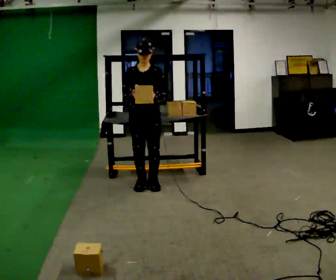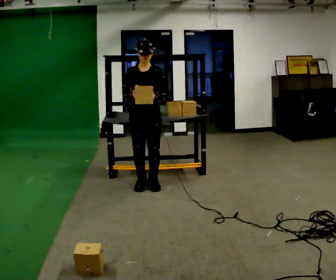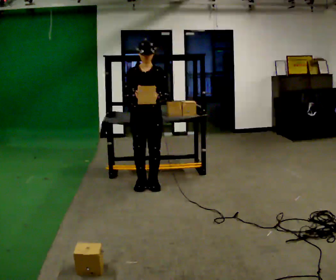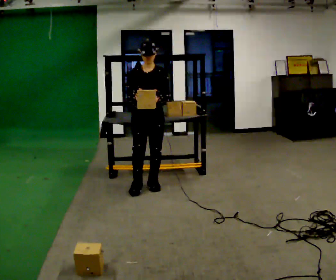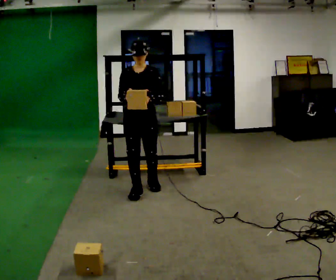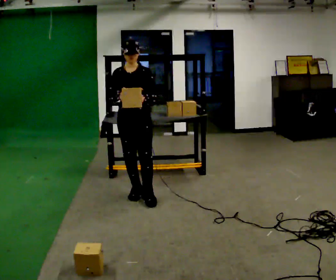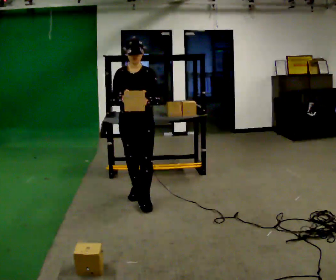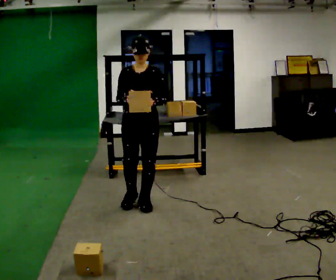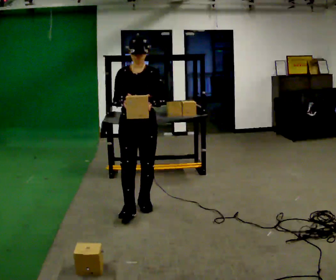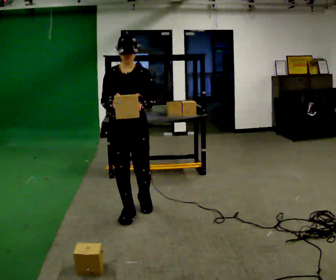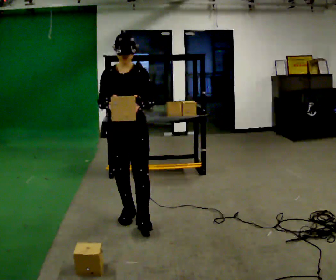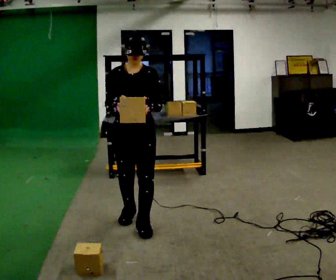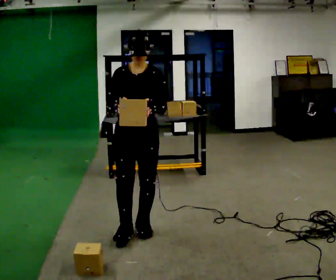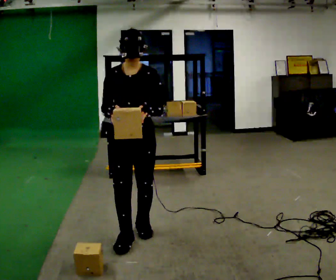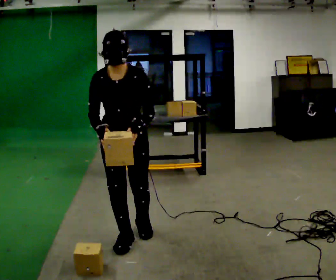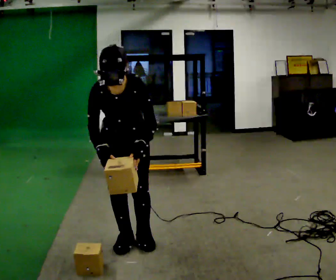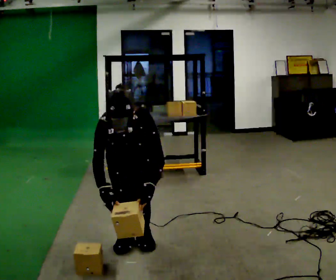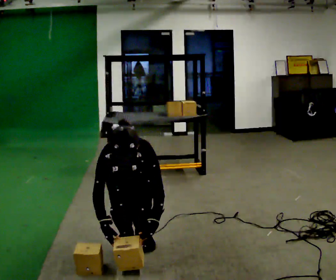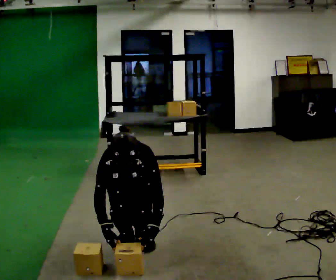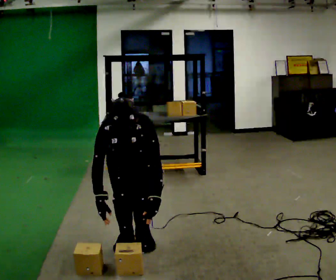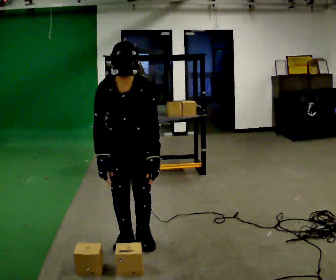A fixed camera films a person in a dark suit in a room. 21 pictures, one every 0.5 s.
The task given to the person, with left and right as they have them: Take an object off the waist-height shelf, carry it across the room, and set it down on the floor. Keep going until the operator says stop; one object at a time, and do not rush between trips.
0.0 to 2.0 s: In the picture they go toward the camera, about 0.25 m in 1 step, which for them is forward.
2.0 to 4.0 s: In the picture they go toward the camera, about 0.5 m in 2 steps, which for them is forward.
4.0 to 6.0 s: In the picture they go toward the camera, about 0.5 m in 1 step, which for them is forward.
6.0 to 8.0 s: The upper body goes downward. The upper body tips toward the camera, its near side rolling downward, as they bend forward. In the picture their right hand goes downward.
8.0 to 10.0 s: The upper body tips away from the camera, its near side rolling upward, as they lean back or straighten.
The film runs forward here.
